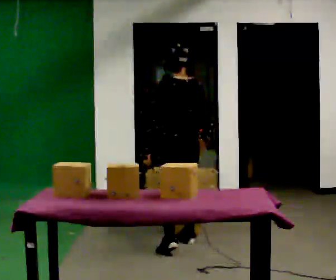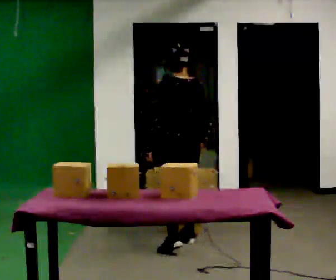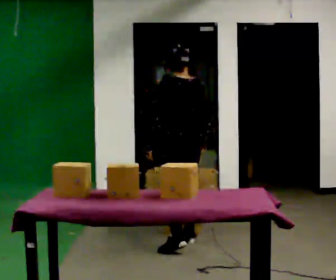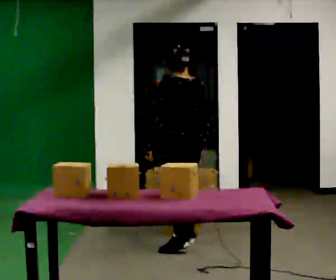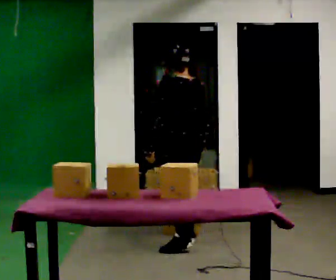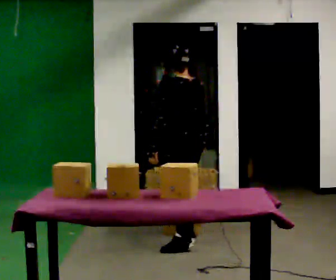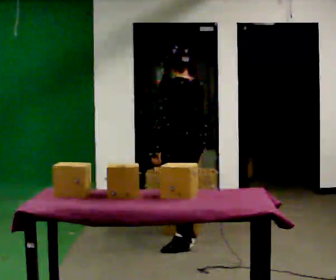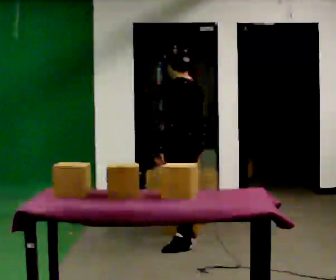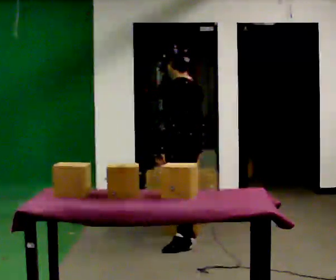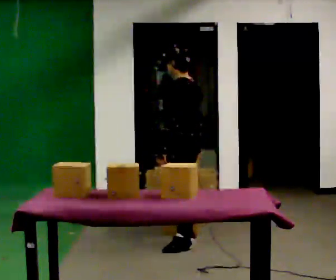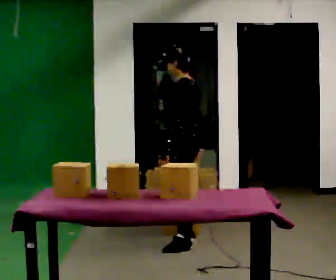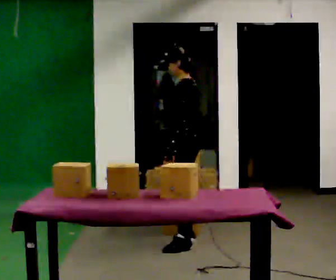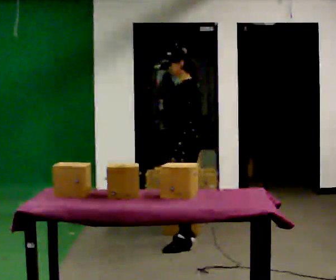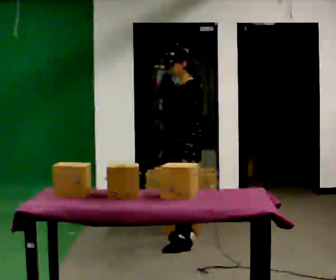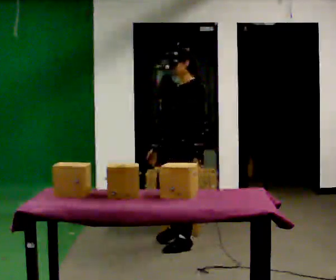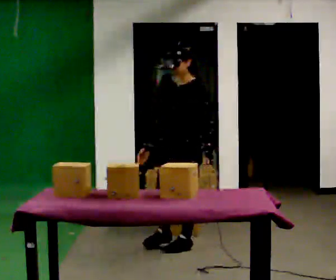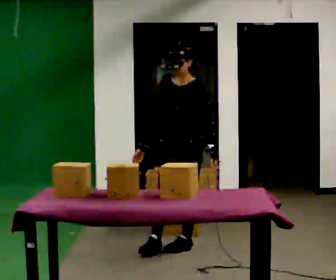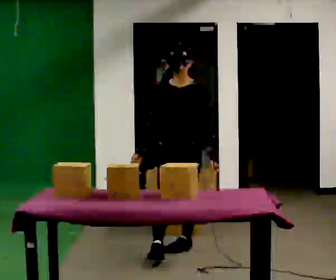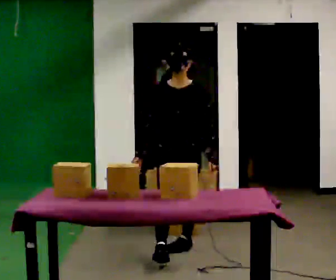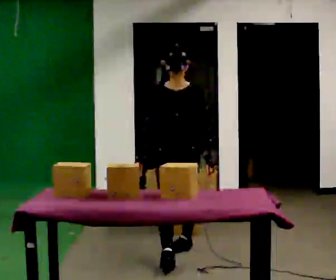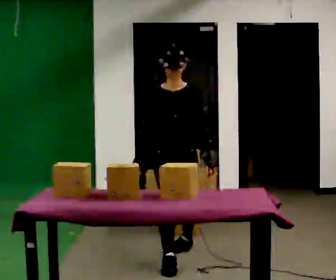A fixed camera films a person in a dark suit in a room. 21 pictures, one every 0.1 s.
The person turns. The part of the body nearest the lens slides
to the right.
Their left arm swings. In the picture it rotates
counterclockwise.
0.0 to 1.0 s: The part of the body nearest the lens slides to the right as the person turns to their left by about 45 degrees.
1.0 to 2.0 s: Seen from above the body turns counterclockwise, about 105 degrees: to their left, with its near side sliding to the right. In the picture they go toward the camera, about 0.5 m in 1 step.
The film runs forward here.
